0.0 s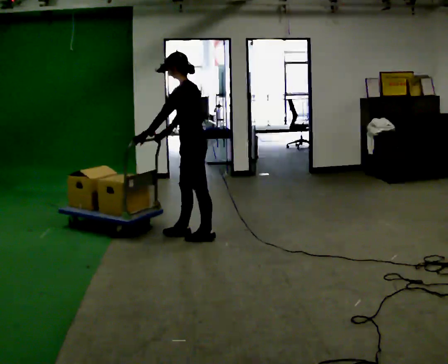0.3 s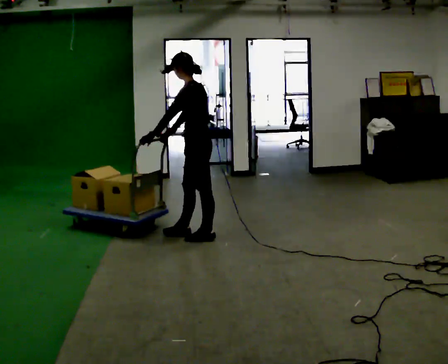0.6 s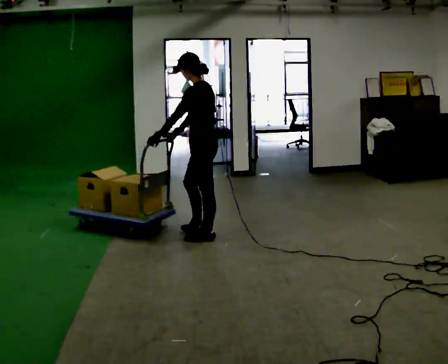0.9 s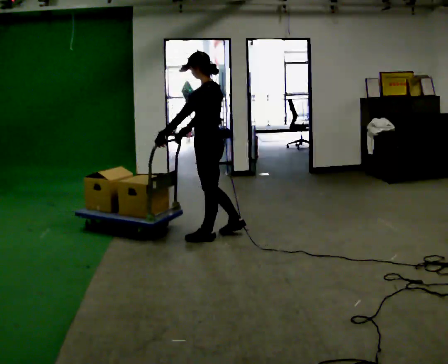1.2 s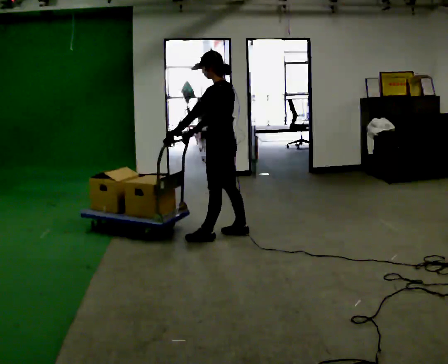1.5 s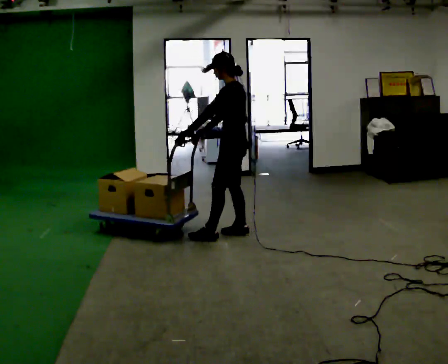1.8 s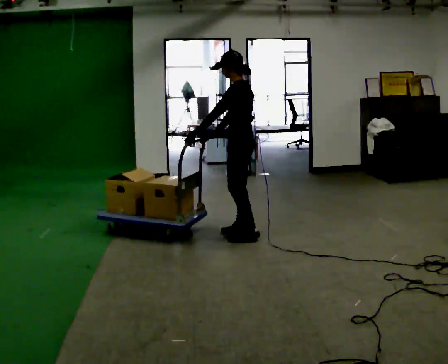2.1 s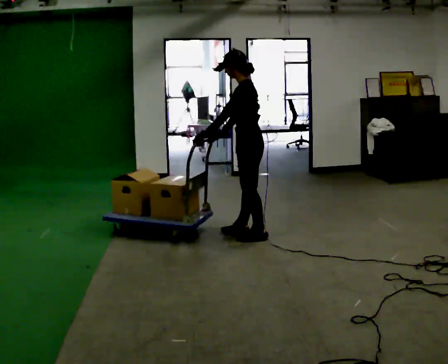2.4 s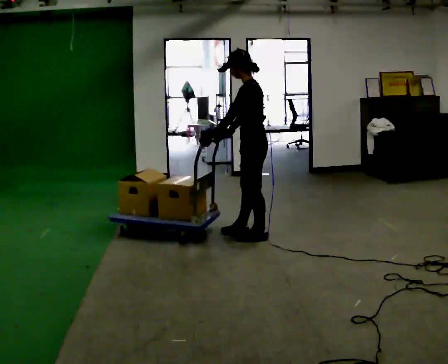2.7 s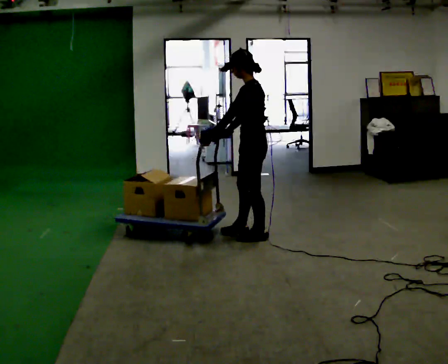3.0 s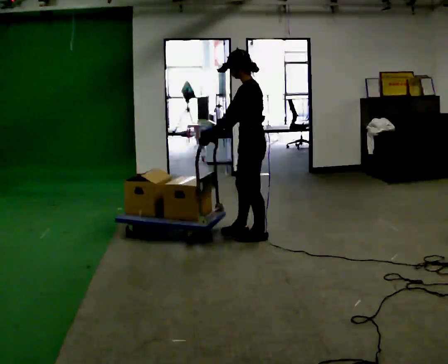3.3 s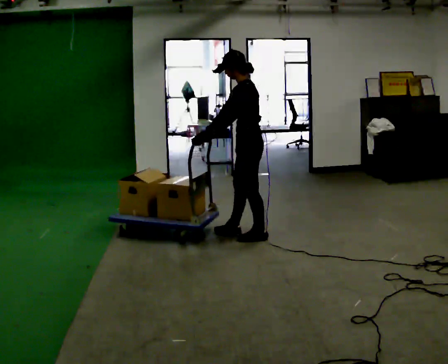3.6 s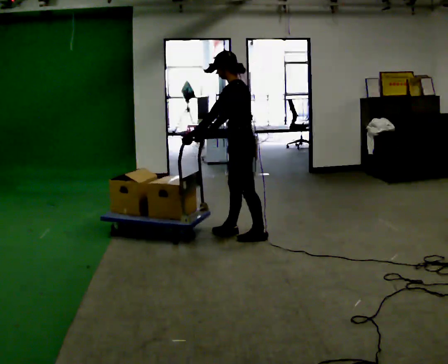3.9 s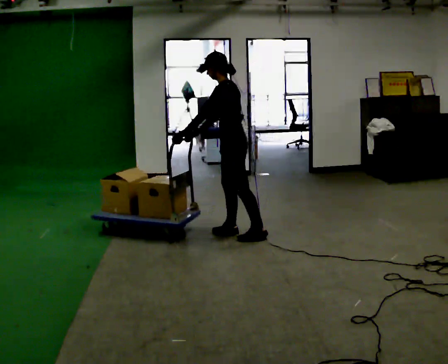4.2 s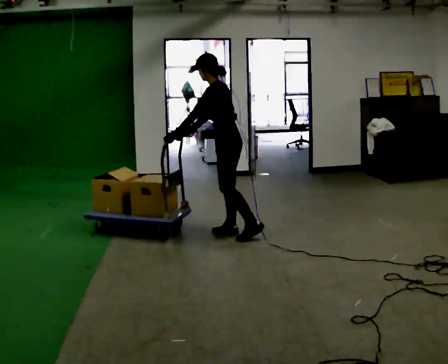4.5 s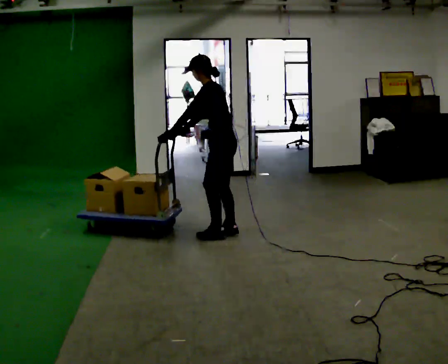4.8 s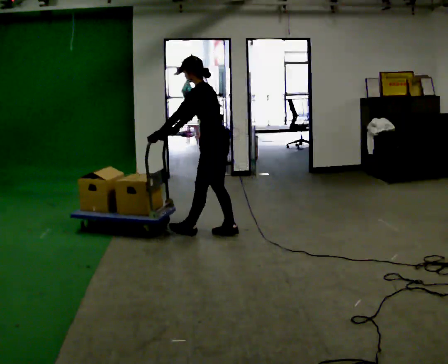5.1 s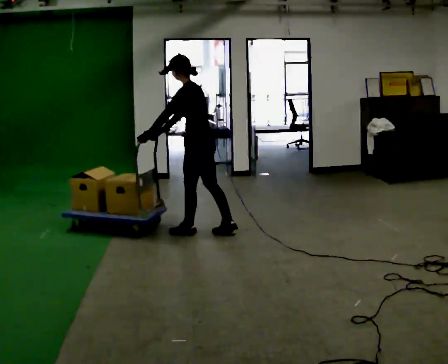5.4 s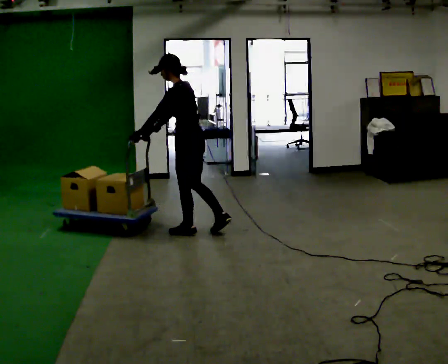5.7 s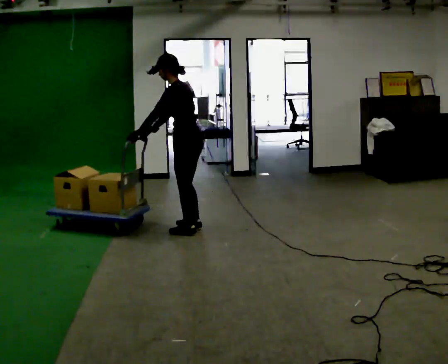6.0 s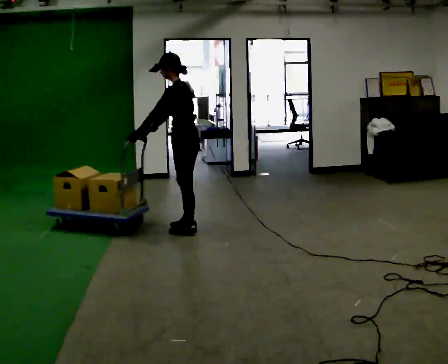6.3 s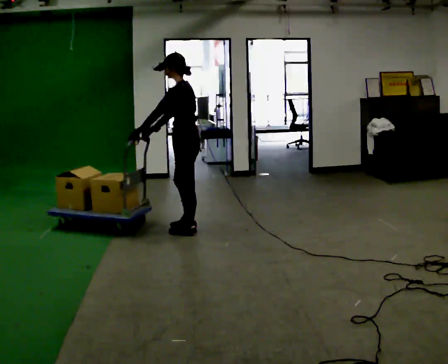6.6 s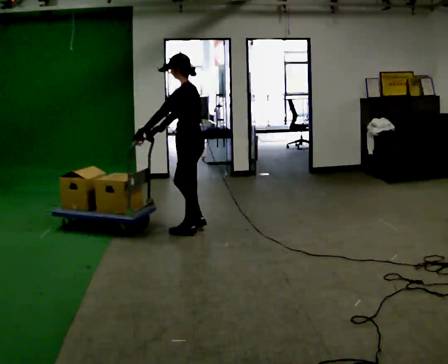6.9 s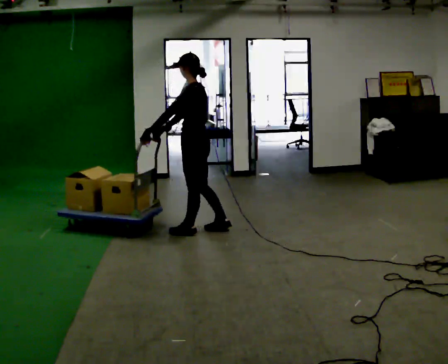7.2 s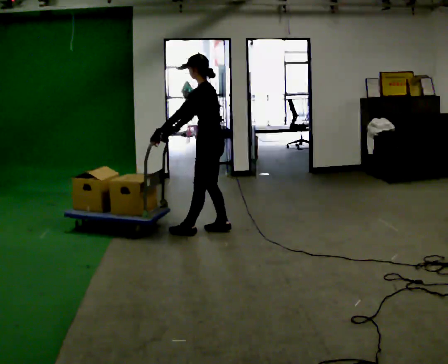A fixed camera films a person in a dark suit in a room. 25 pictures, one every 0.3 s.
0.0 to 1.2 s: In the picture they go to the right, about 0.25 m in 1 step, which for them is backward and to their right.
1.2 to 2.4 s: In the picture they go to the right, about 0.25 m in 1 step, which for them is backward.
2.4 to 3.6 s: The person moves a little, or ends about where they began.
3.6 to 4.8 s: In the picture they go to the left, about 0.25 m in 1 step, which for them is forward.
4.8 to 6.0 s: In the picture they go to the left, about 0.25 m in 1 step, which for them is forward.
6.0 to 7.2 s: In the picture they go to the right, about 0.25 m in 1 step, which for them is backward and to their right.
The film runs forward here.
